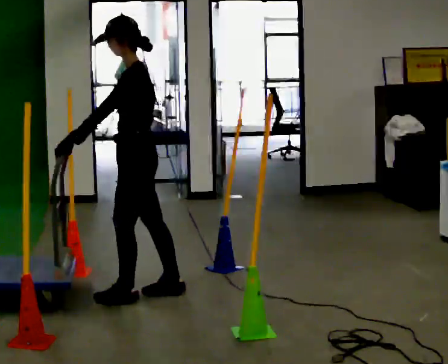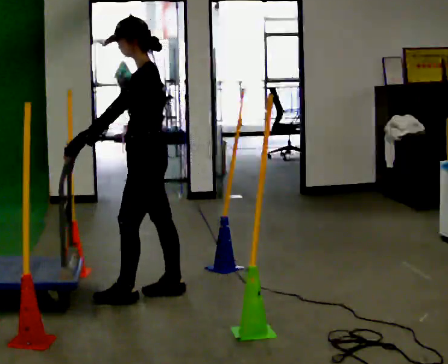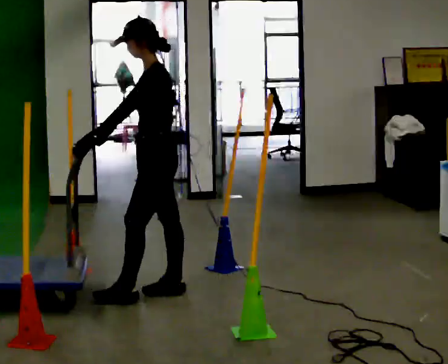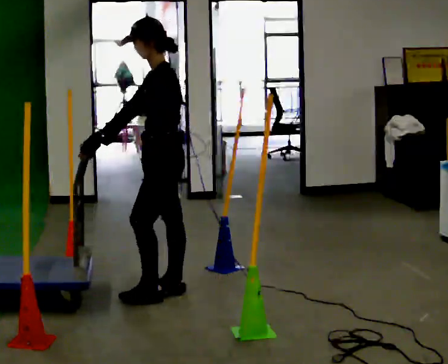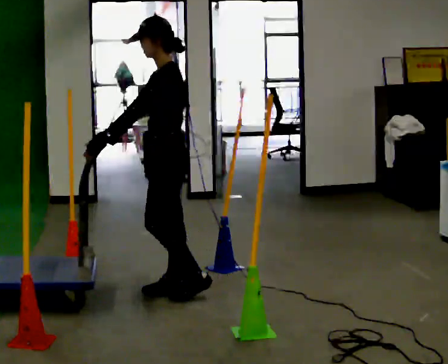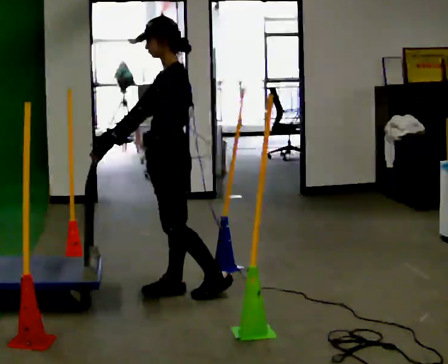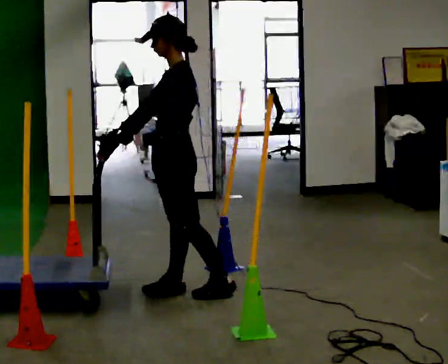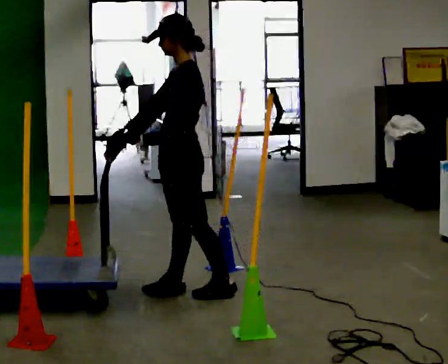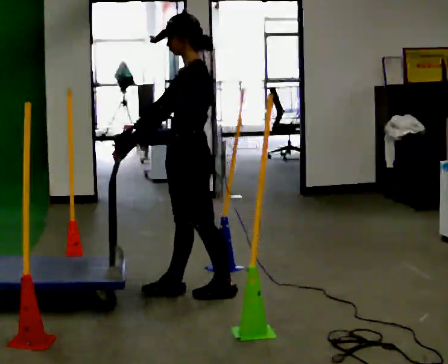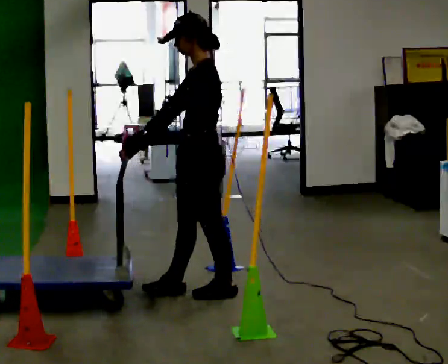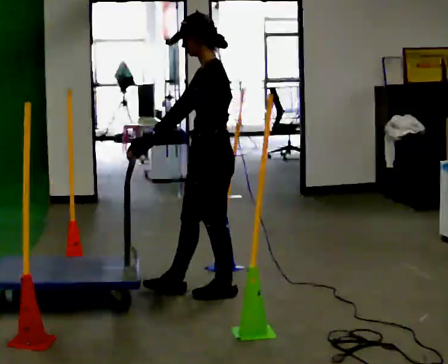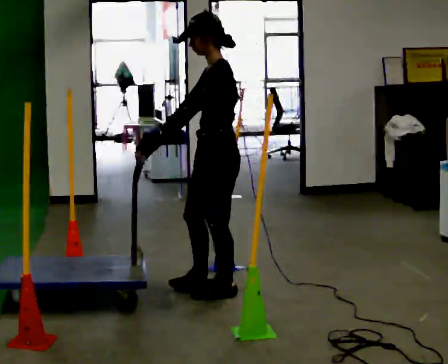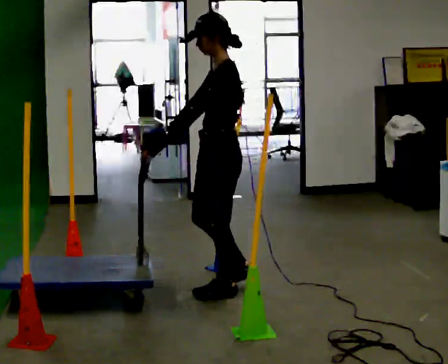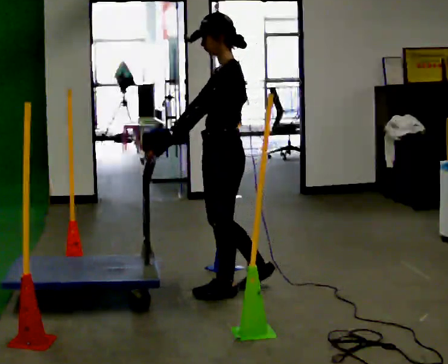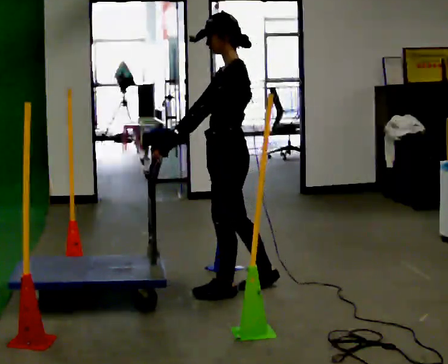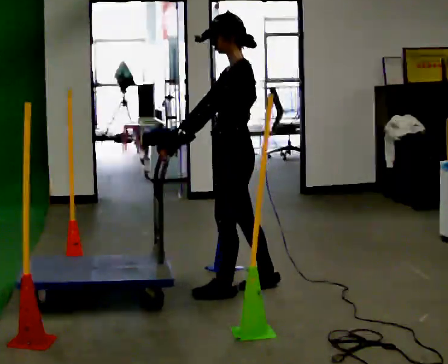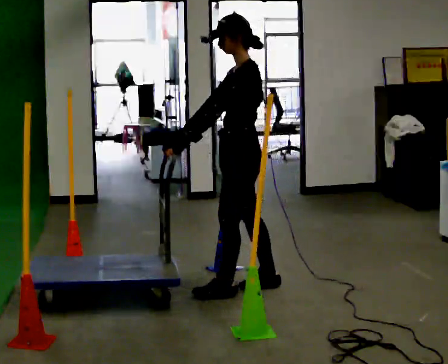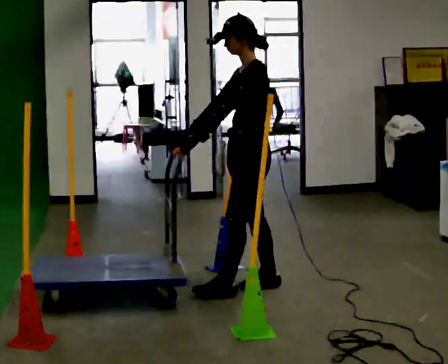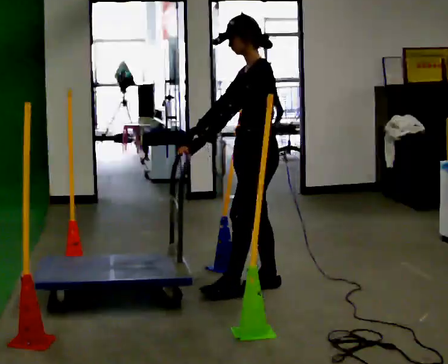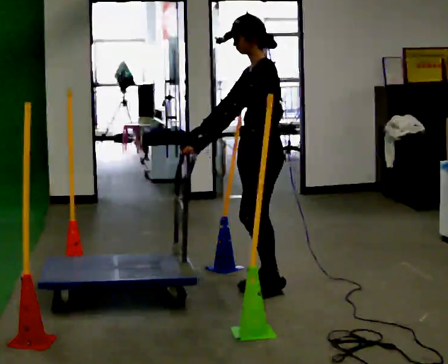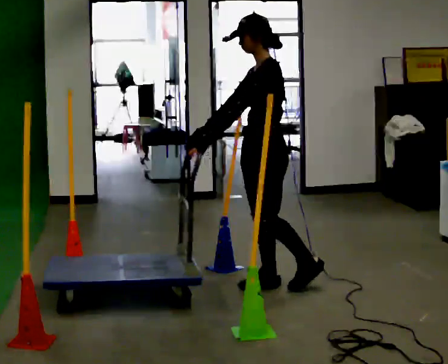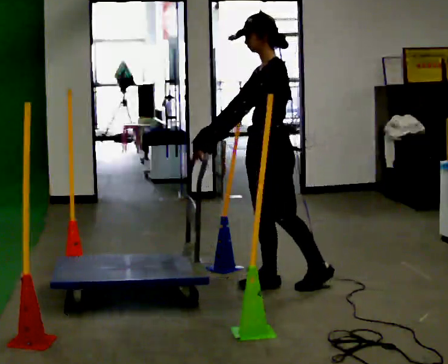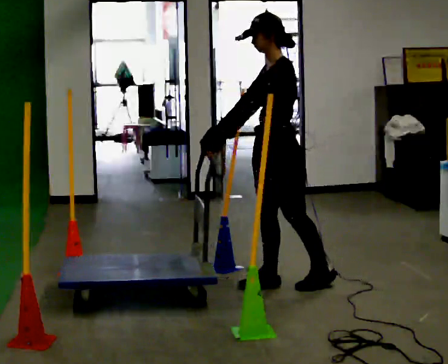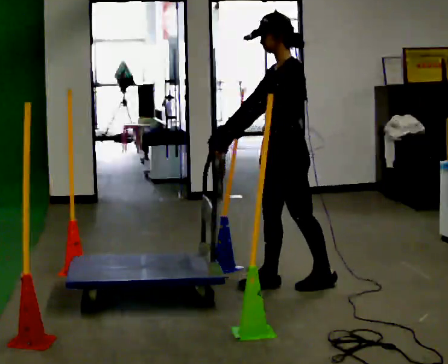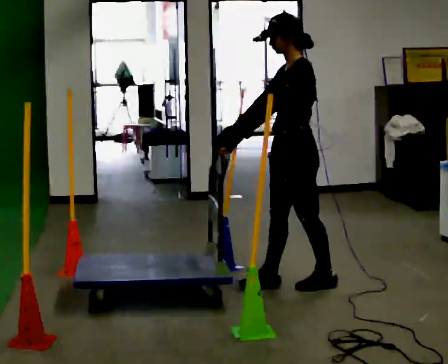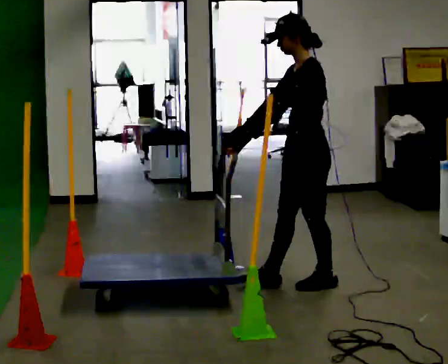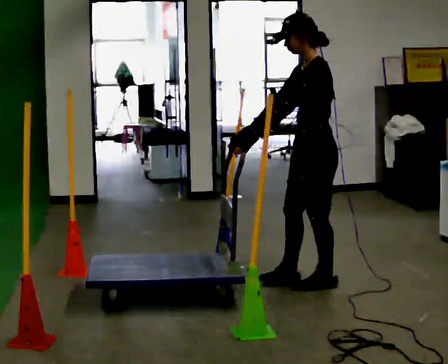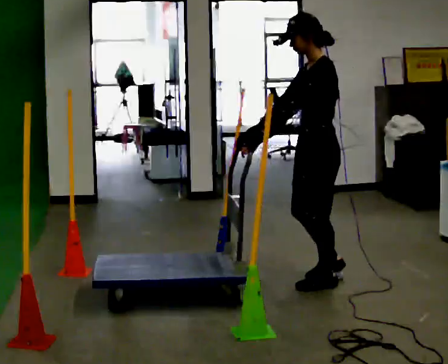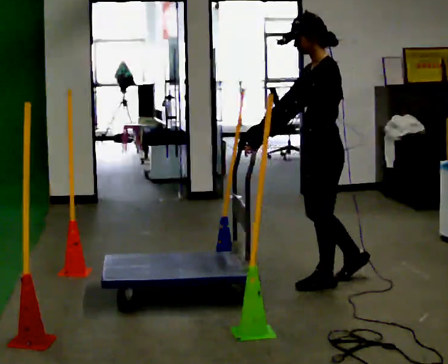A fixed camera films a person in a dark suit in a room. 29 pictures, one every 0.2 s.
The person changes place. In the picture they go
to the right.
0.0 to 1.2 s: In the picture they go to the right, about 0.25 m in 1 step, which for them is backward.
1.2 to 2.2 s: In the picture they go to the right, about 0.25 m in 1 step, which for them is backward.
2.2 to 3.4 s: In the picture they go to the right, about 0.25 m, which for them is backward.
3.4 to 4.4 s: In the picture they go to the right, about 0.25 m in 1 step, which for them is backward.
4.4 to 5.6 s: In the picture they go to the right, about 0.25 m in 1 step, which for them is backward.
The film runs backward here.
